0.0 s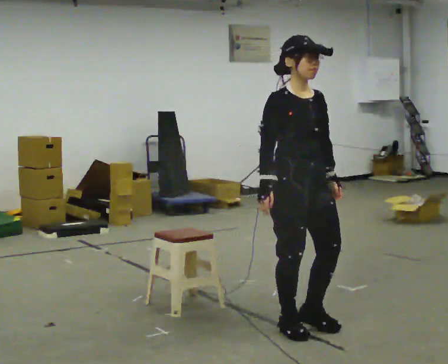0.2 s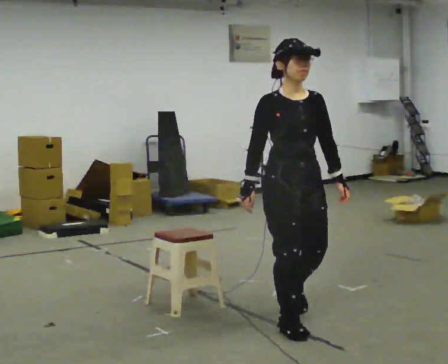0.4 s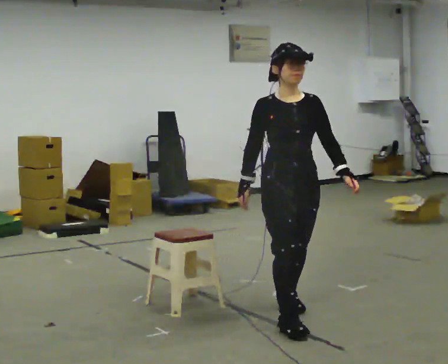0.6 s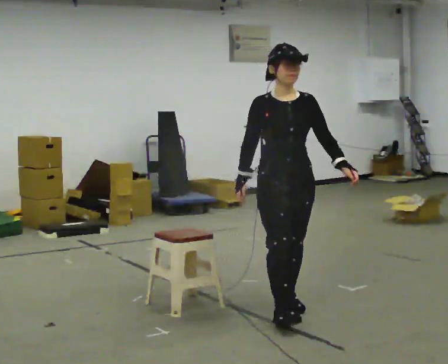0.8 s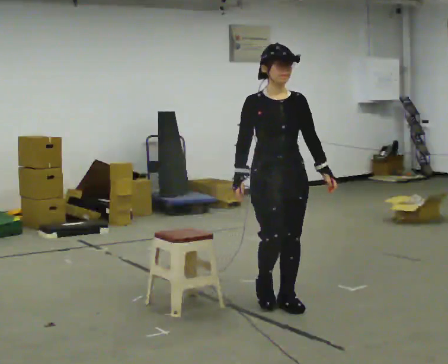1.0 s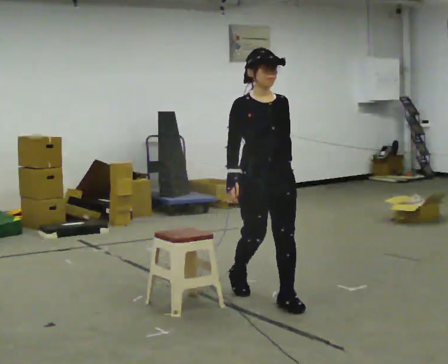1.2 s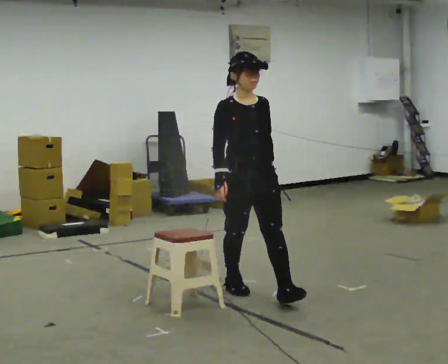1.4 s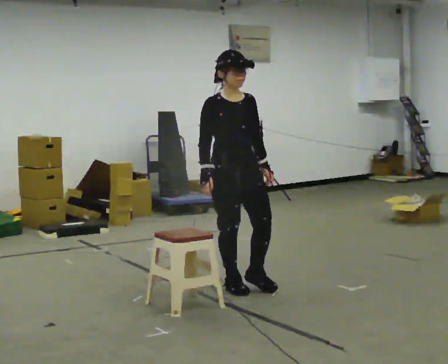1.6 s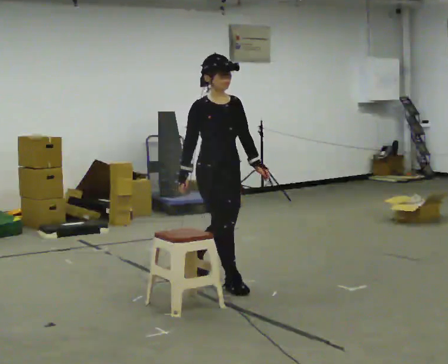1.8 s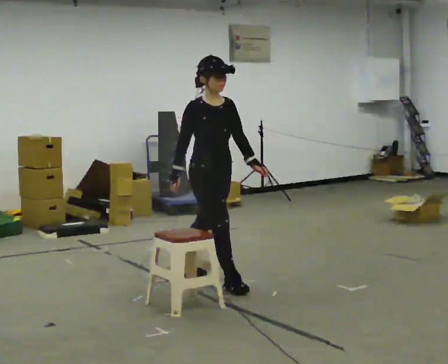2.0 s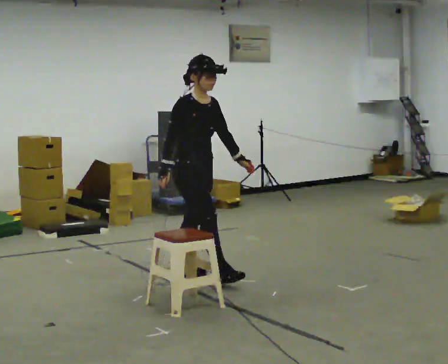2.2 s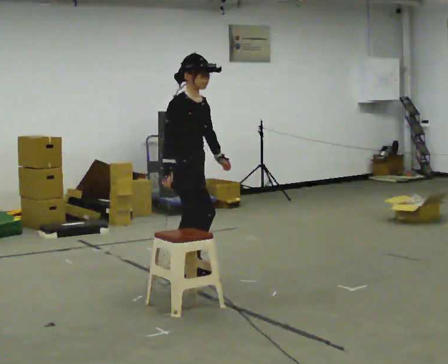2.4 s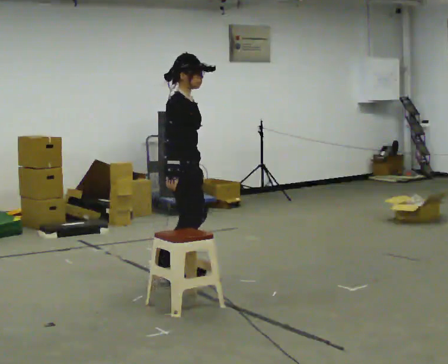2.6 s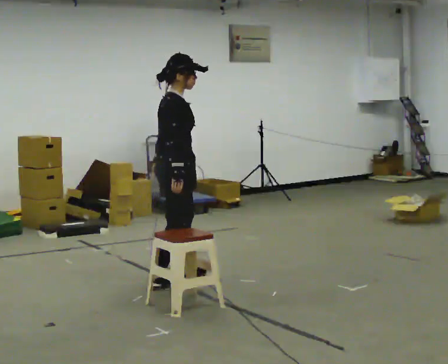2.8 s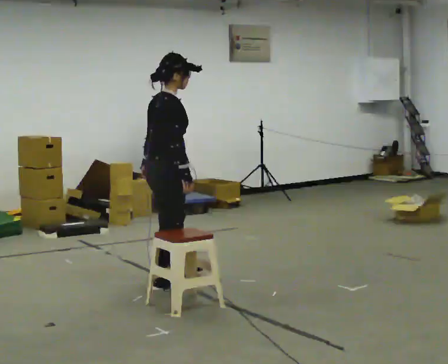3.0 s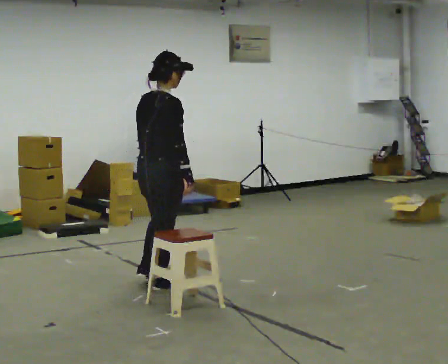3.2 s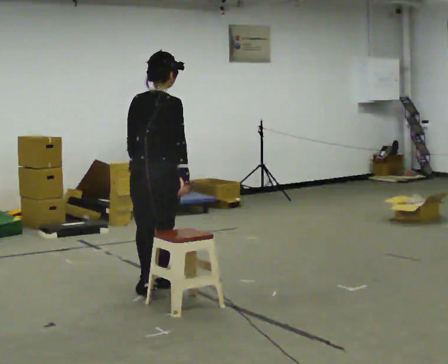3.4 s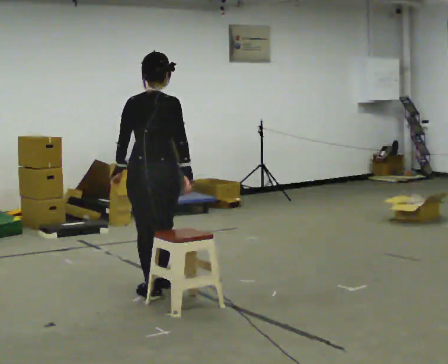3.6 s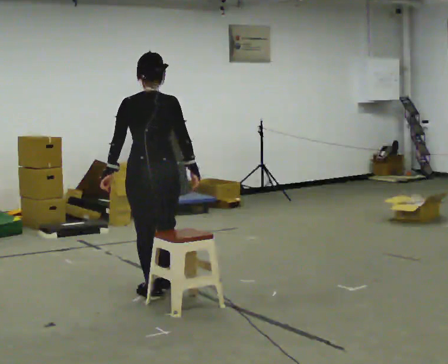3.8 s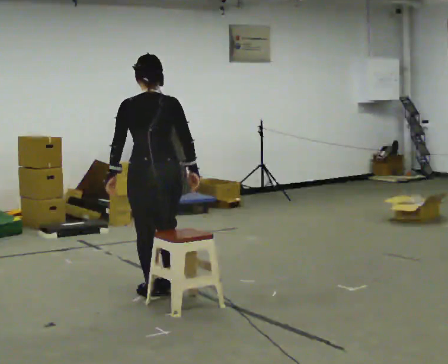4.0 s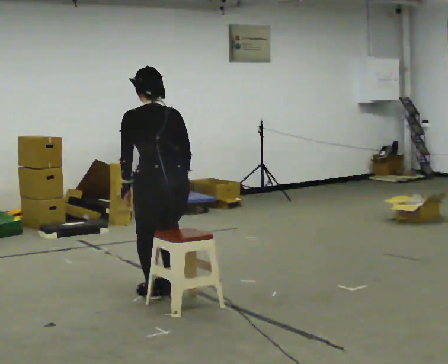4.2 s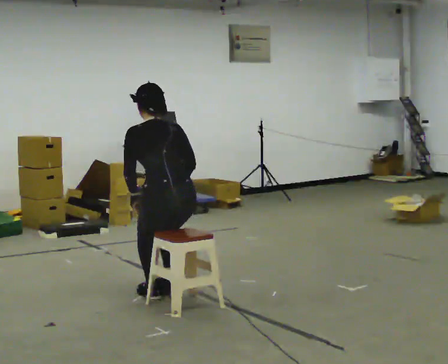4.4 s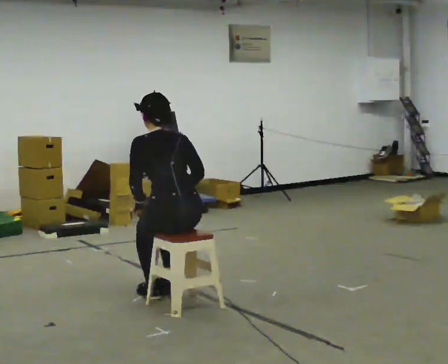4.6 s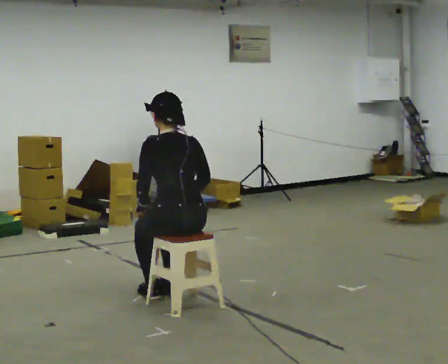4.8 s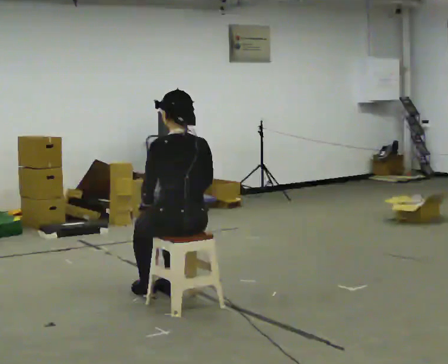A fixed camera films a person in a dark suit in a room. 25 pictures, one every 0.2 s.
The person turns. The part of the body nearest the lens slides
to the right.
The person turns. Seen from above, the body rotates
counterclockwise.
0.0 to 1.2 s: In the picture they go away from the camera, about 1 m in 2 steps, which for them is backward.
1.2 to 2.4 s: The part of the body nearest the lens slides to the right as the person turns to their left by about 60 degrees. In the picture they go away from the camera and to the left, about 0.75 m in 1 step, which for them is backward.
2.4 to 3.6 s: The person turns about 90 degrees to their left, counterclockwise seen from above, so the part of the body nearest the lens slides to the right. In the picture they go toward the camera, about 0.5 m in 2 steps.
3.6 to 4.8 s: Seen from above the body turns counterclockwise, about 30 degrees: to their left, with its near side sliding to the right. In the picture they go toward the camera and to the right, about 0.25 m, which for them is backward. The upper body goes downward.
The film runs backward here.
